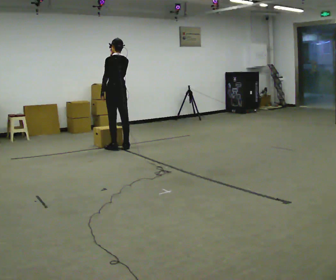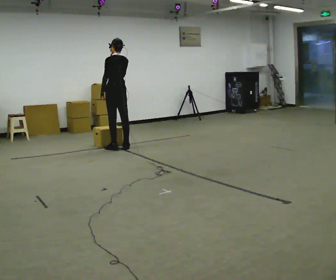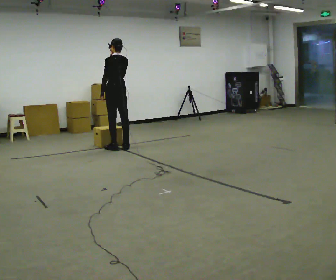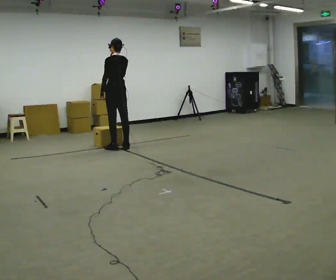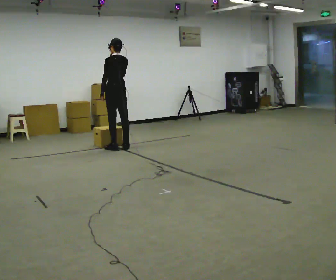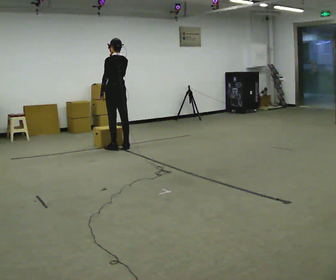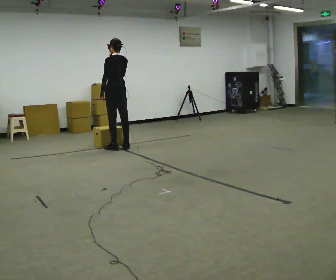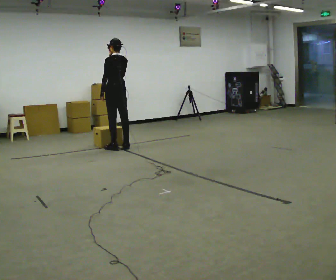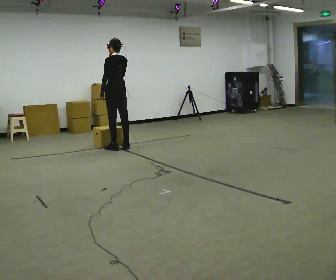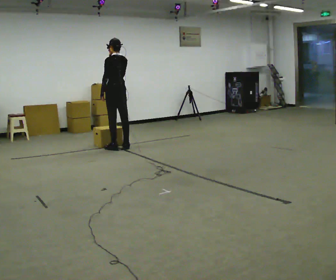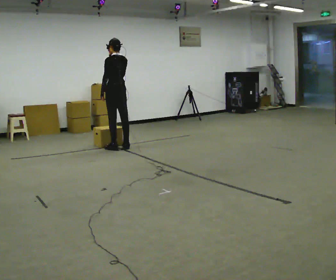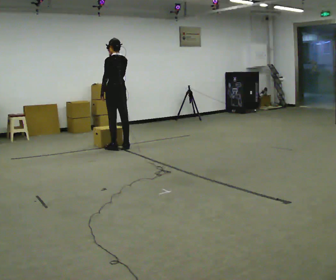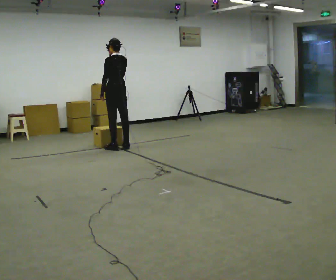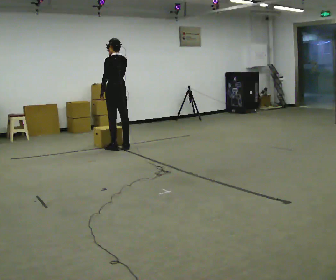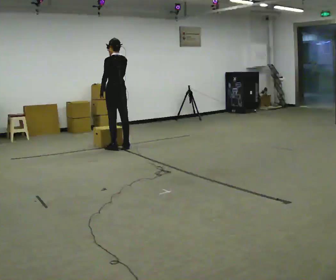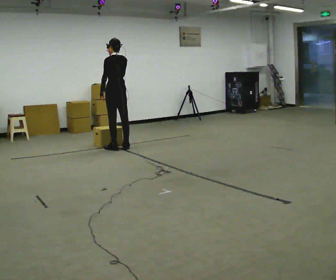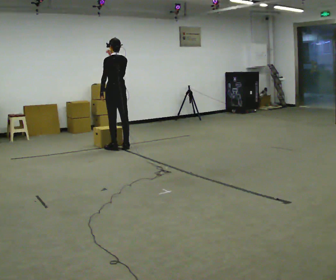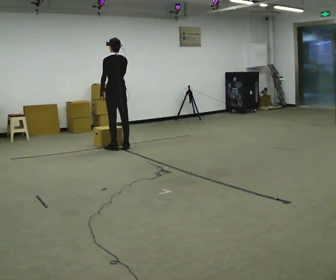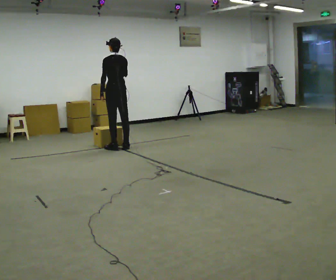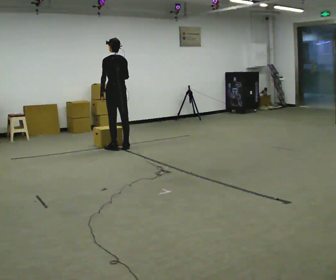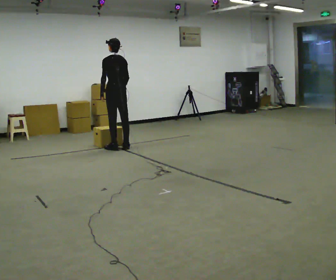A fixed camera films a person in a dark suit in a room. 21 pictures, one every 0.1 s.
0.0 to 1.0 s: The person keeps their place and pose.
1.0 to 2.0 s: In the picture their right hand goes downward.
The film runs backward here.
